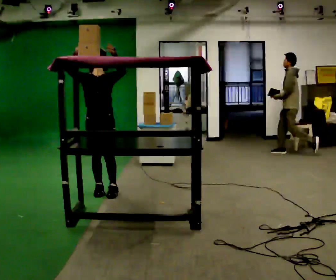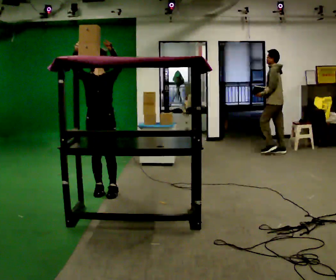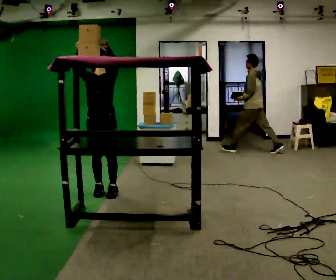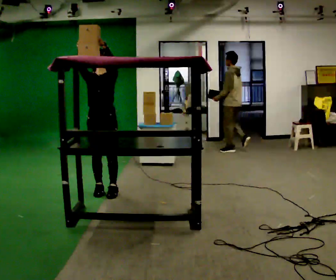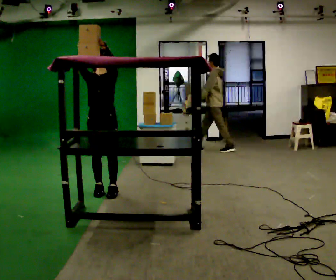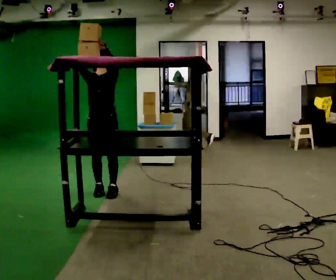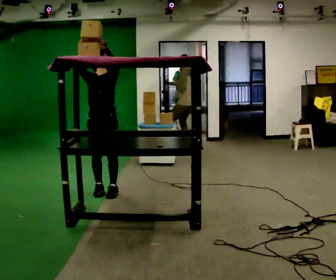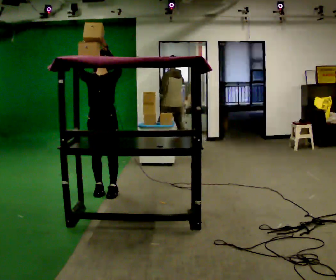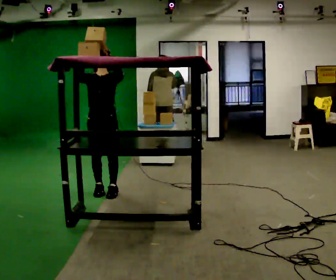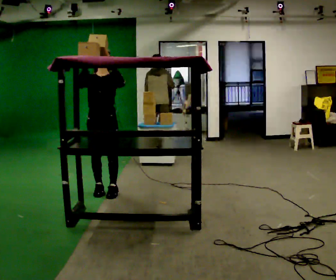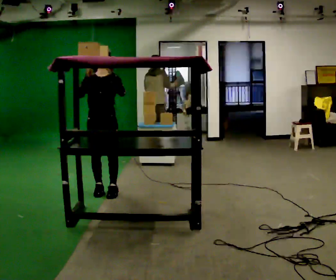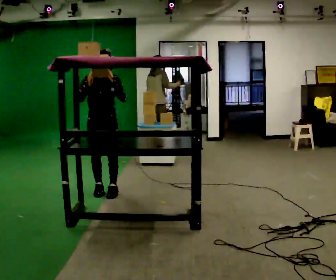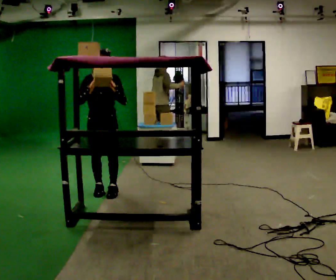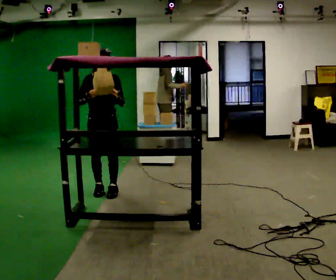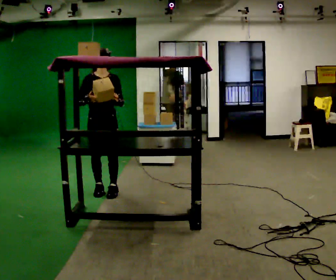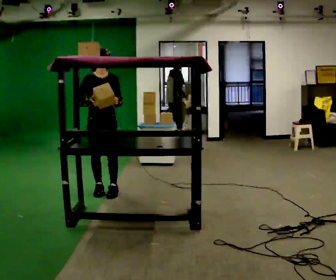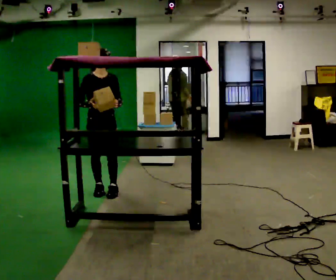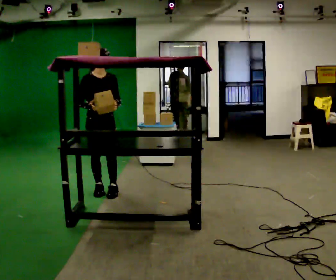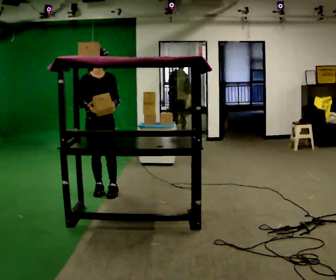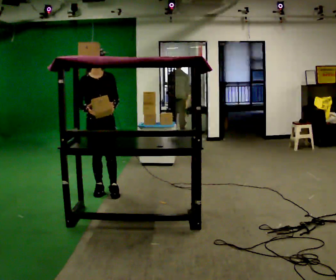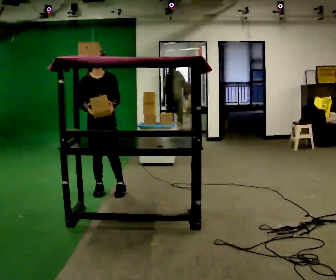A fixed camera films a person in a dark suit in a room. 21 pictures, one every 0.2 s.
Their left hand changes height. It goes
downward.
Their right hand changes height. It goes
downward.
0.0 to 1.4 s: The person moves a little, or ends about where they began.
1.4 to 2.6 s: In the picture their left hand goes downward.
2.6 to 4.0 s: The person moves a little, or ends about where they began.
The film runs forward here.
